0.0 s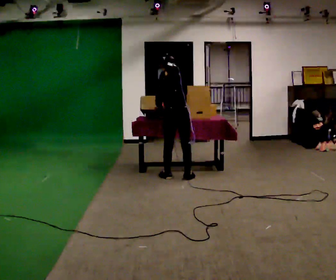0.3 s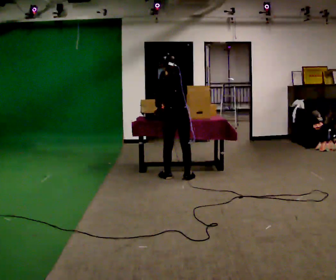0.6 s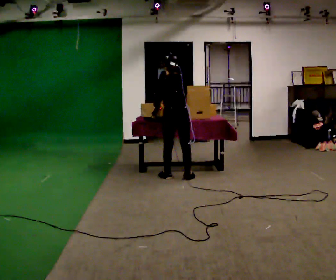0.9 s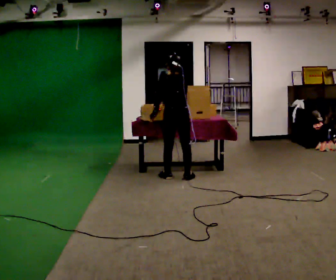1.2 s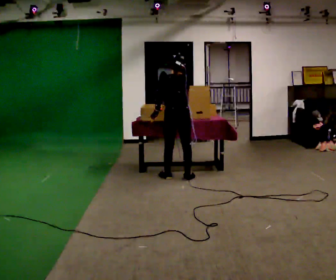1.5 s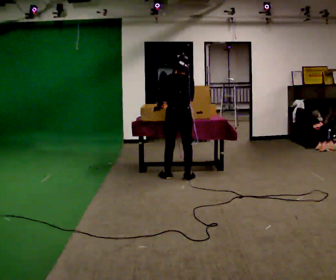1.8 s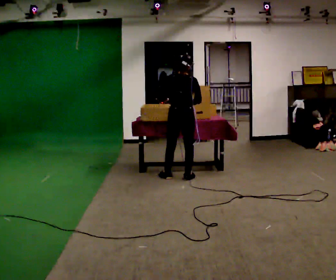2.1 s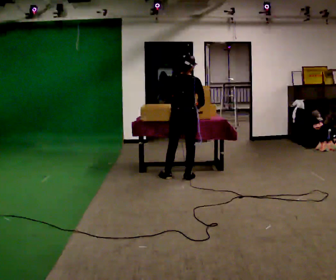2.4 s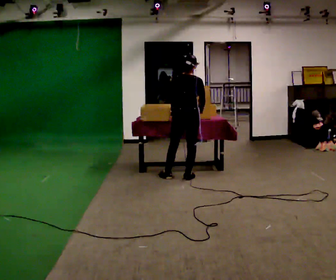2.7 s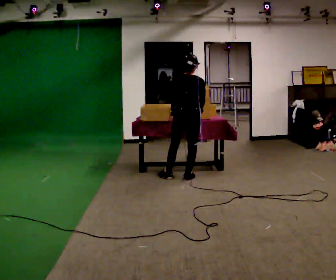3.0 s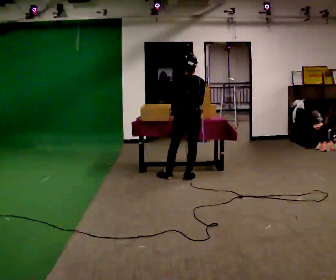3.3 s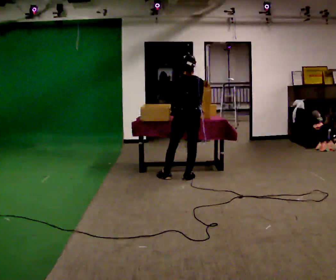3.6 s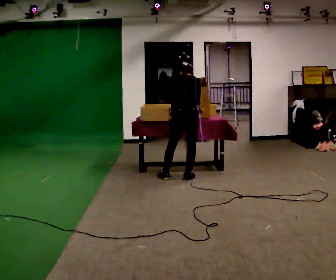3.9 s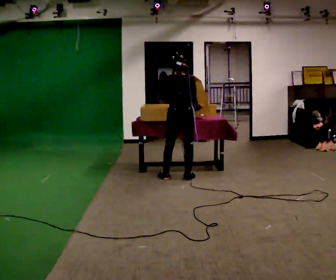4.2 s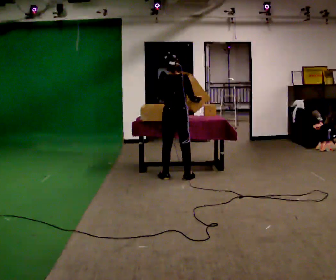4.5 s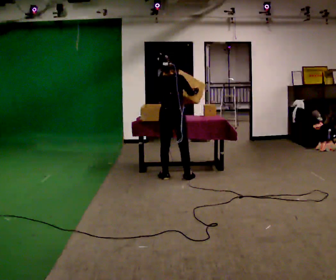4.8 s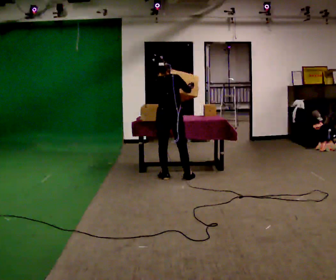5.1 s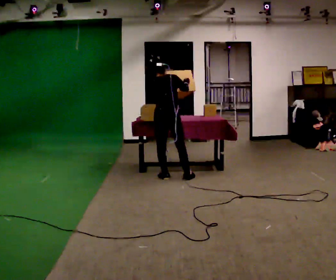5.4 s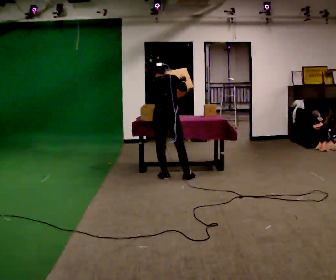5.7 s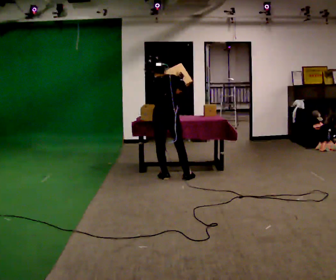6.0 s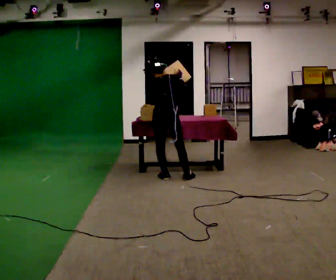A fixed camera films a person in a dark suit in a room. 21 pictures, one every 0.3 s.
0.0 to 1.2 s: The person moves a little, or ends about where they began.
1.2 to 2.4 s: In the picture their left hand goes to the right and upward.
2.4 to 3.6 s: The person moves a little, or ends about where they began.
3.6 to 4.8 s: In the picture they go to the left, about 0.25 m, which for them is to their left. In the picture their right hand goes upward.
4.8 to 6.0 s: The person moves a little, or ends about where they began.
The film runs forward here.
